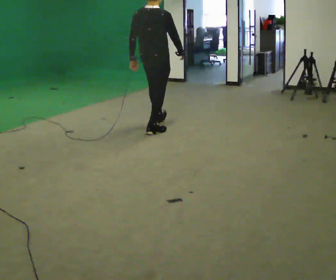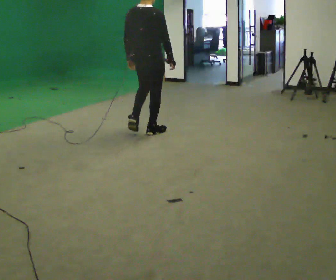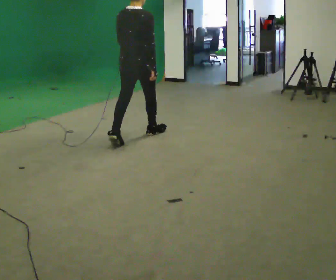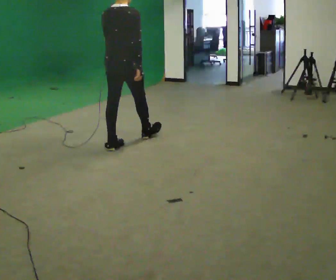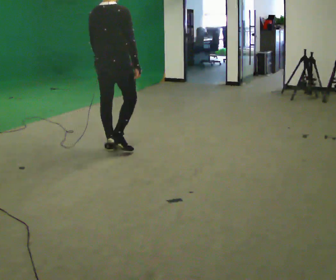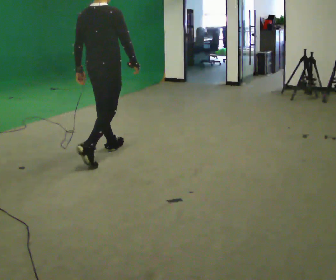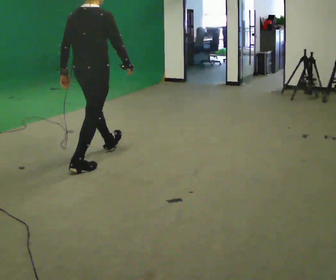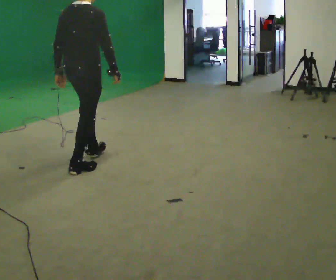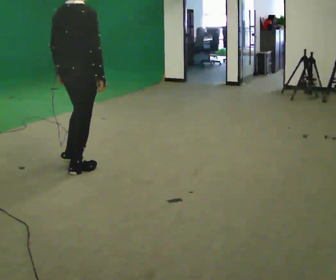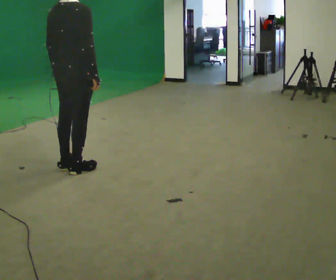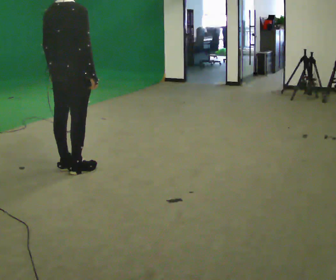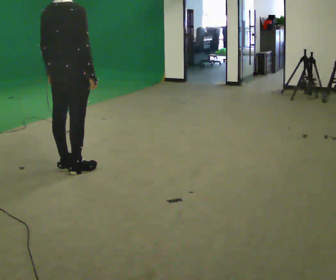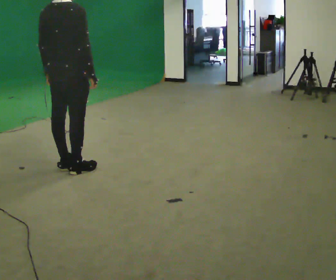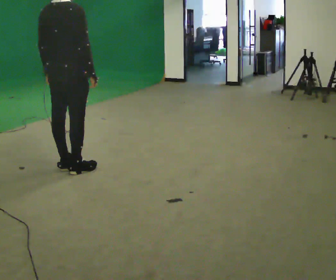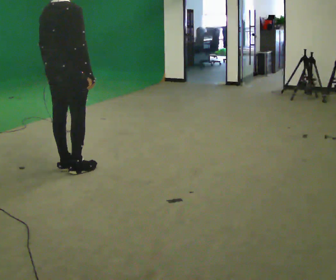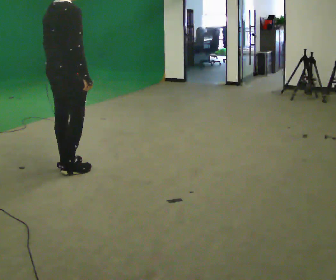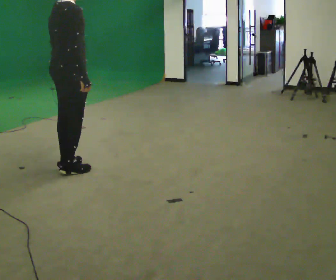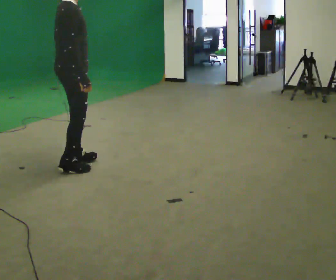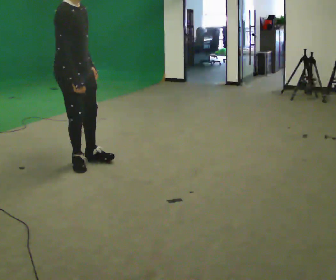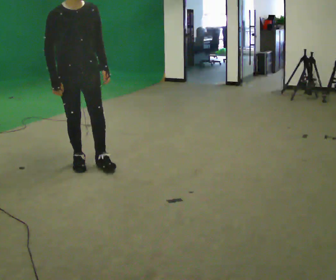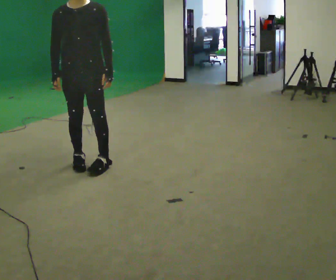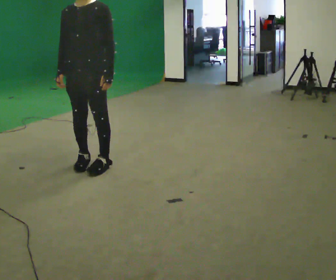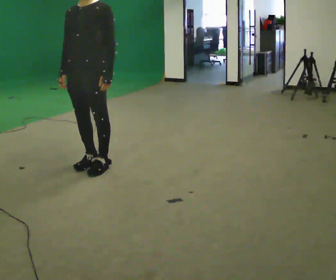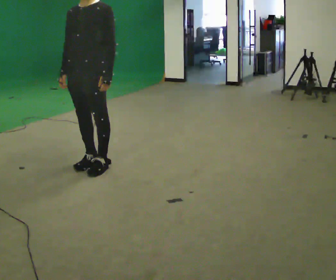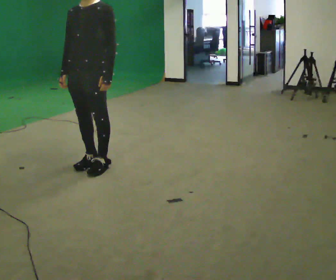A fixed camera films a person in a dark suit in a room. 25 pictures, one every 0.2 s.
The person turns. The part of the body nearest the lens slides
to the left.
The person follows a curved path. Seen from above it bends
counterclockwise.
0.0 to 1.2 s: In the picture they go toward the camera and to the left, about 1 m in 2 steps, which for them is backward.
1.2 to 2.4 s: In the picture they go to the left and toward the camera, about 0.25 m, which for them is backward.
2.4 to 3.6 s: The part of the body nearest the lens slides to the left as the person turns to their right by about 75 degrees. In the picture their left hand goes to the right.
3.6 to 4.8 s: The person turns about 105 degrees to their right, clockwise seen from above, so the part of the body nearest the lens slides to the left. In the picture they go to the right, about 0.25 m in 1 step.
The film runs backward here.
